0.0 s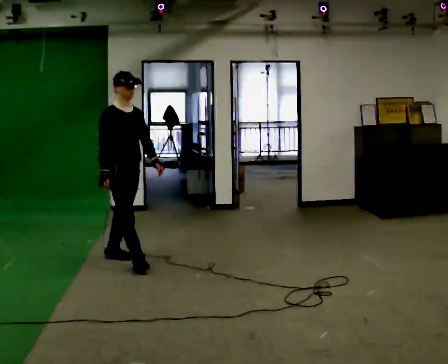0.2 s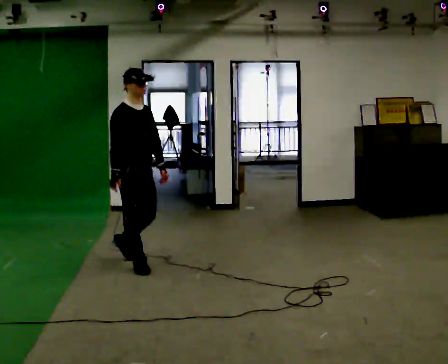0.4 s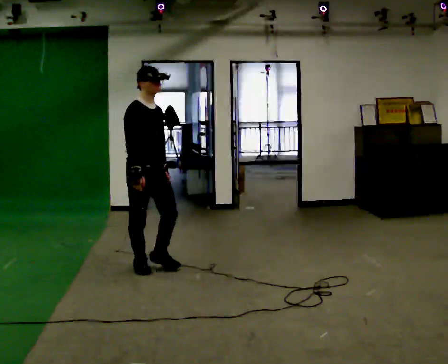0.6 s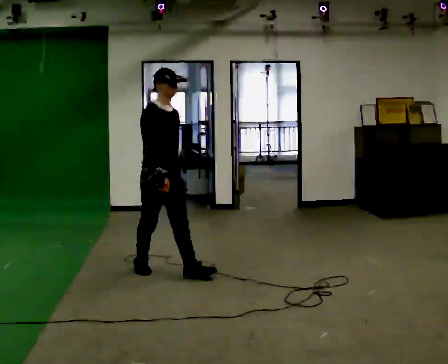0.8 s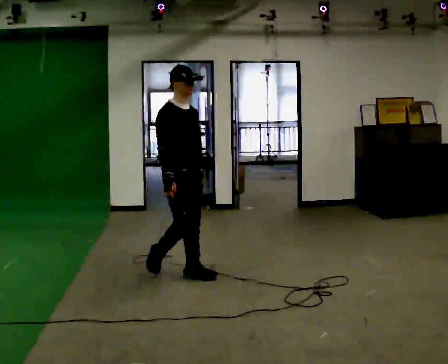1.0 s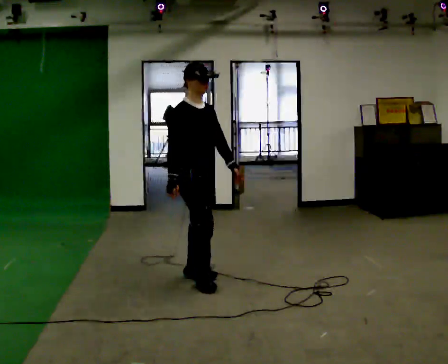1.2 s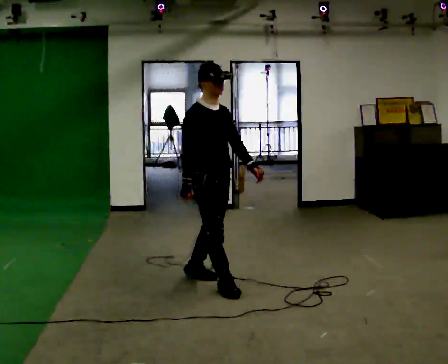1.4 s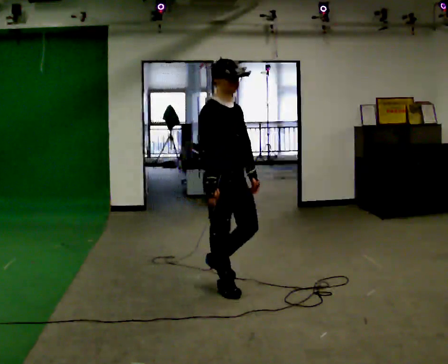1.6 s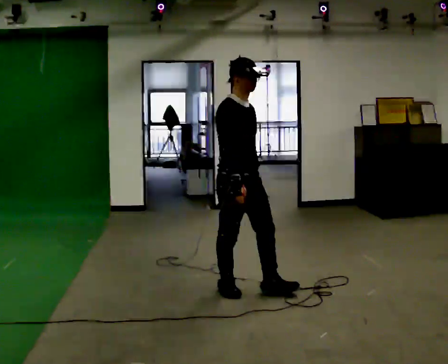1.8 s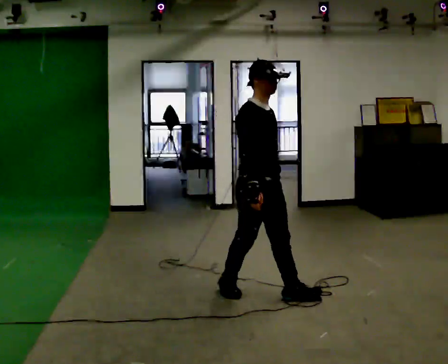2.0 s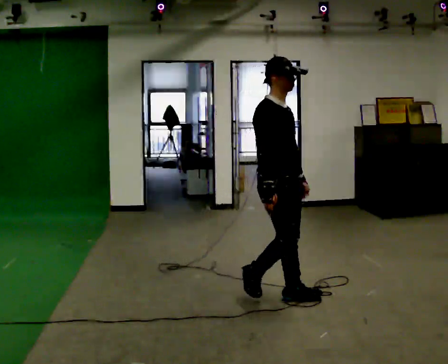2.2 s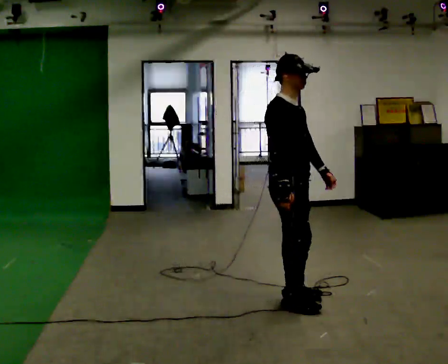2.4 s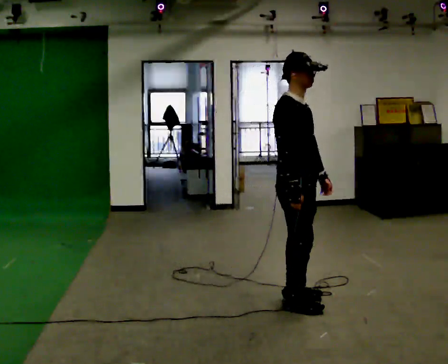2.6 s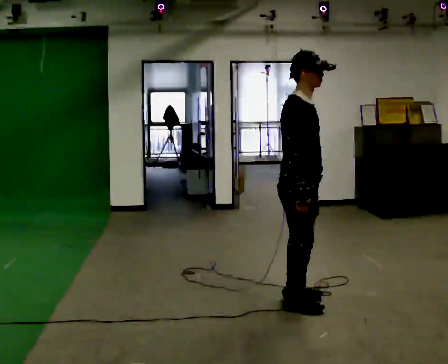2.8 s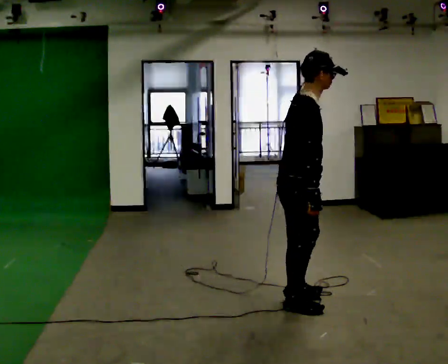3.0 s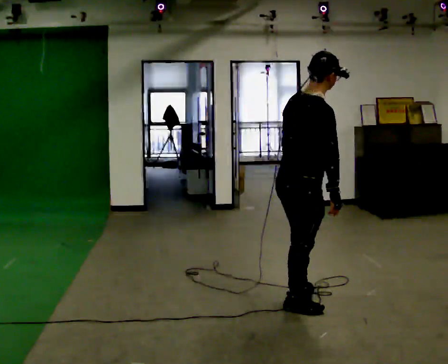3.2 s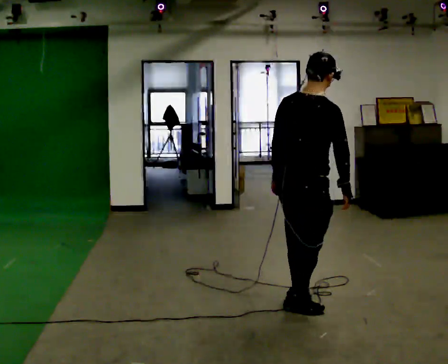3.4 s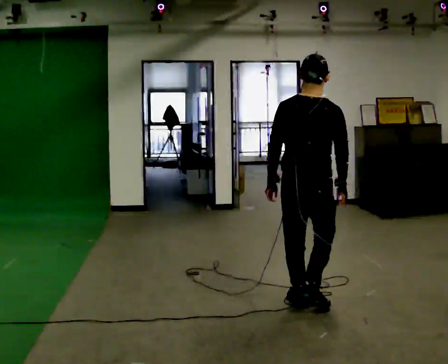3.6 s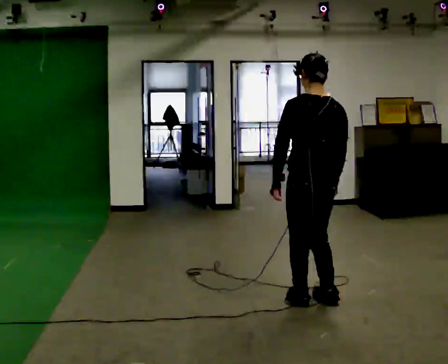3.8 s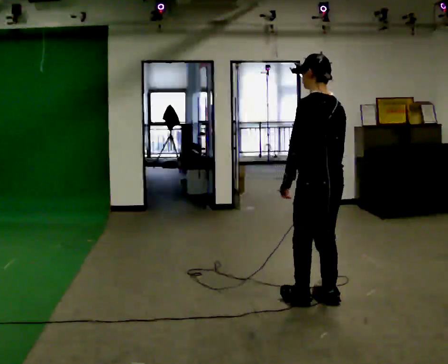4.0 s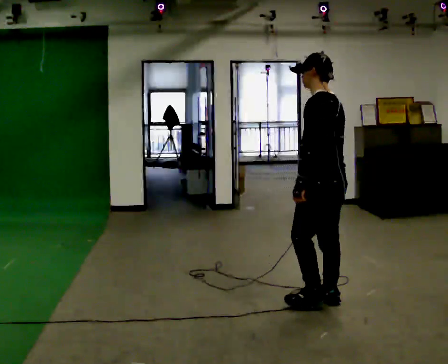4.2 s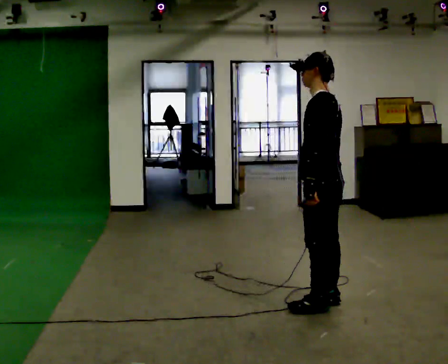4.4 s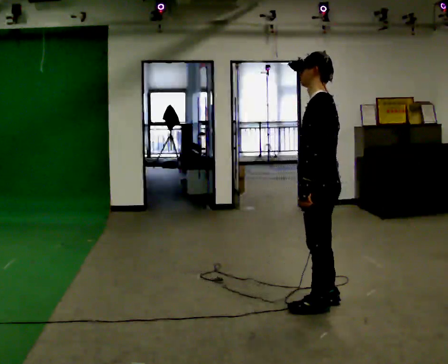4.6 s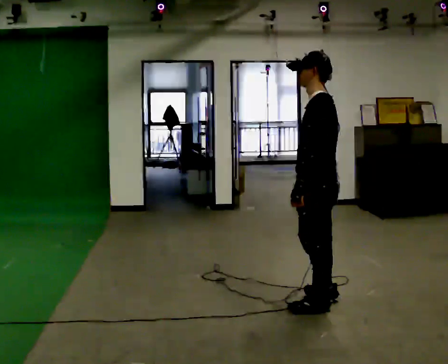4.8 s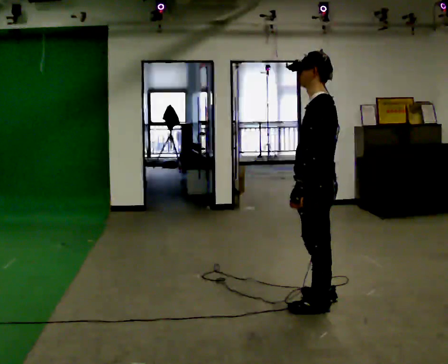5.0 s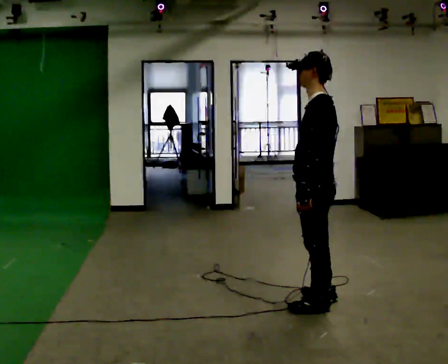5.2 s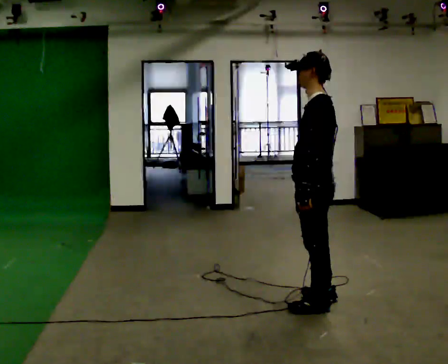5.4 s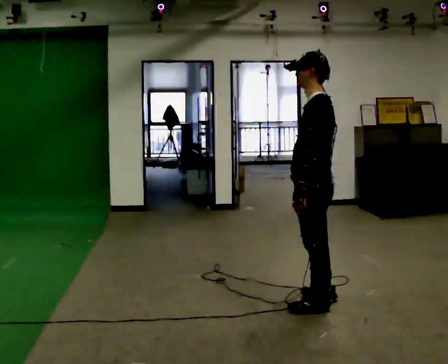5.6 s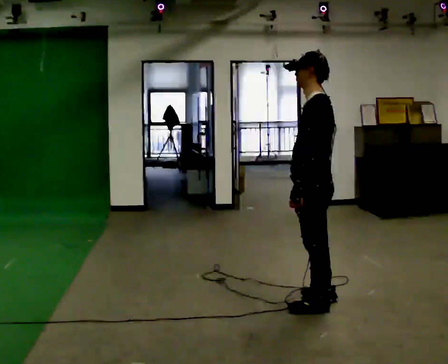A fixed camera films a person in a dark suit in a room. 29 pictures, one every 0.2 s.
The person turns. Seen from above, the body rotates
counterclockwise.
The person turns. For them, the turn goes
to their left.
0.0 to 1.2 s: In the picture they go to the right and toward the camera, about 1 m in 2 steps, which for them is forward.
1.2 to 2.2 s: In the picture they go to the right and toward the camera, about 0.75 m in 1 step, which for them is forward.
2.2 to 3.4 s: The person turns about 105 degrees to their left, counterclockwise seen from above, so the part of the body nearest the lens slides to the right. In the picture their left hand goes to the left, the arm swinging clockwise.
3.4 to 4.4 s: The person turns about 75 degrees to their left, counterclockwise seen from above, so the part of the body nearest the lens slides to the right.
4.4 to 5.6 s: The person moves a little, or ends about where they began.
The film runs forward here.
